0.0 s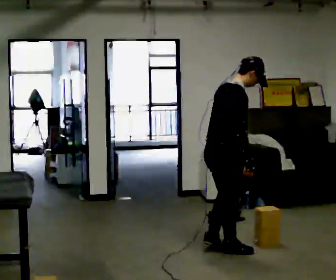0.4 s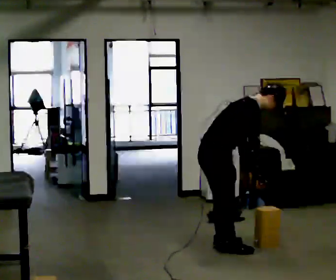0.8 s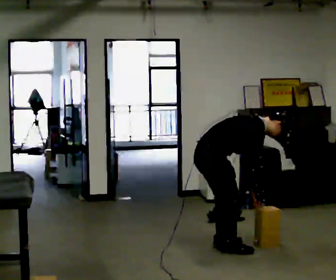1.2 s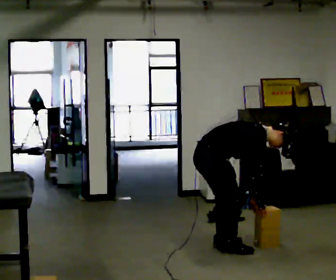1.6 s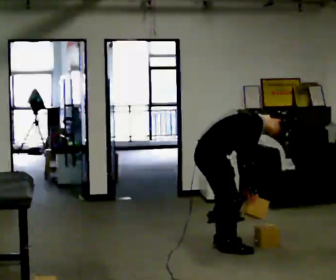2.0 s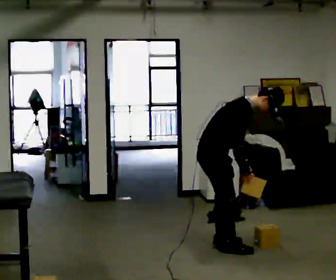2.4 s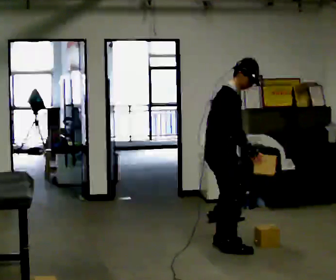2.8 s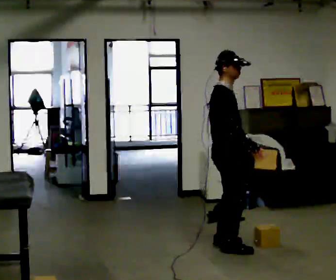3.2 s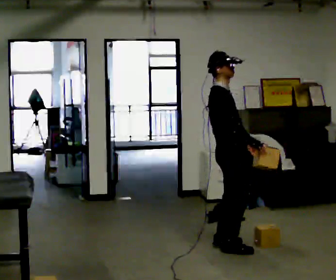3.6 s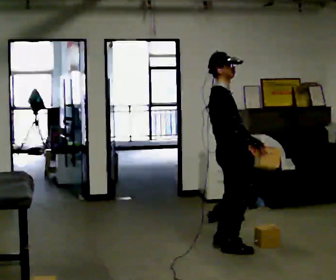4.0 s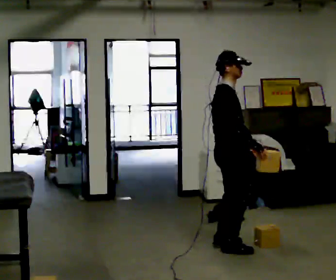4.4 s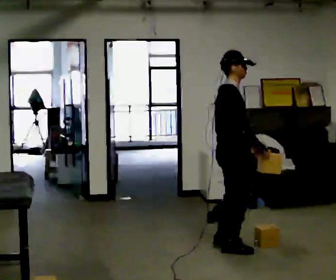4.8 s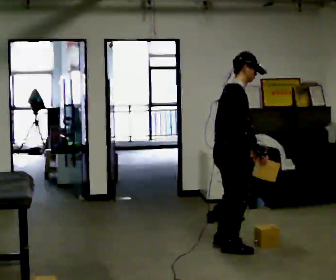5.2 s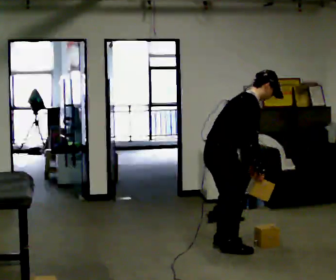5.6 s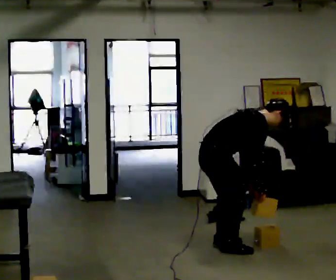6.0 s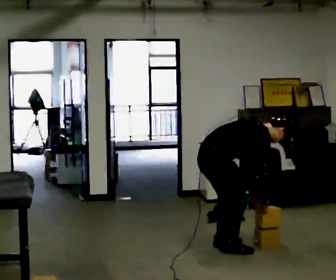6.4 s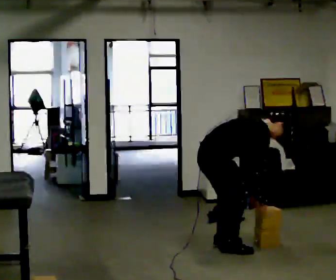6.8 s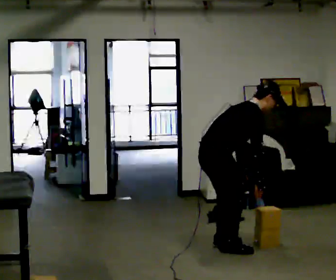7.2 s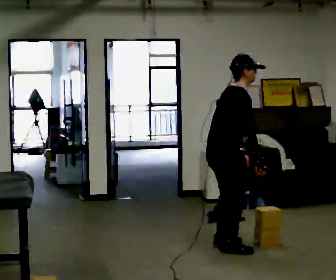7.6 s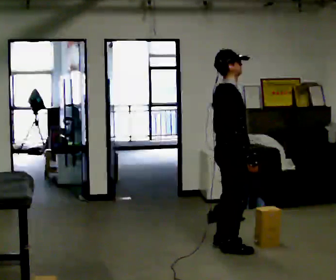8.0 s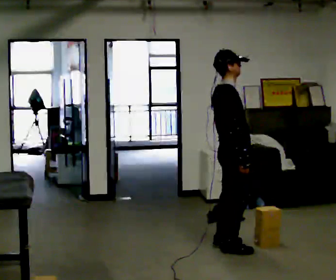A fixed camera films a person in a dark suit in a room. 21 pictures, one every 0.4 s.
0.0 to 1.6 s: The person moves a little, or ends about where they began.
1.6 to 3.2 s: In the picture they go to the right, about 0.25 m, which for them is forward. The shoulders move upward. In the picture the upper body tilts counterclockwise, shoulders to the left, as they lean back or straighten. In the picture their right hand goes upward.
3.2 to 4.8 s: In the picture the upper body tilts clockwise, shoulders to the right, as they bend forward.
4.8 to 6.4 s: The upper body goes downward. In the picture the upper body tilts clockwise, shoulders to the right, as they bend forward. In the picture their left hand goes downward.
6.4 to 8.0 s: In the picture they go to the right, about 0.25 m, which for them is forward. The shoulders move upward. In the picture the upper body tilts counterclockwise, shoulders to the left, as they lean back or straighten. In the picture their right hand goes upward.
The film runs forward here.
